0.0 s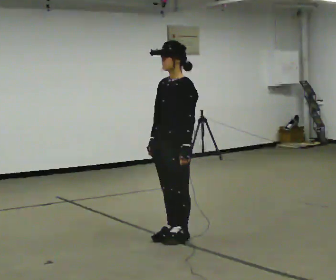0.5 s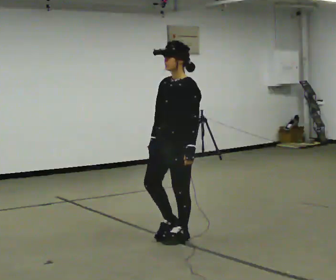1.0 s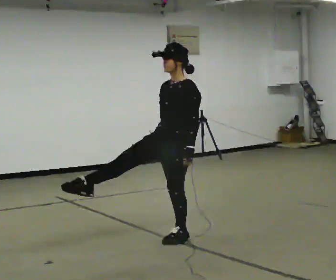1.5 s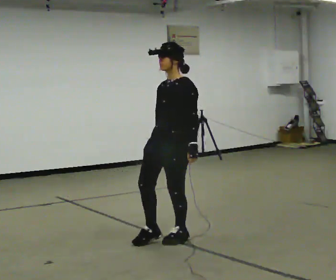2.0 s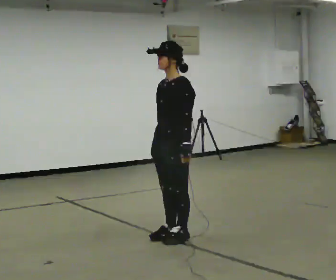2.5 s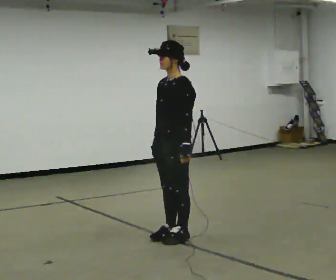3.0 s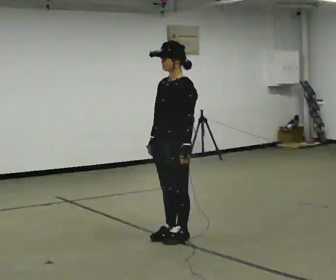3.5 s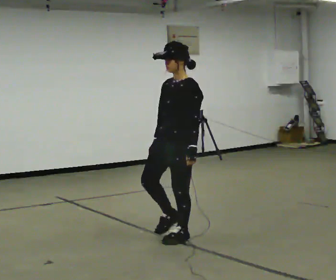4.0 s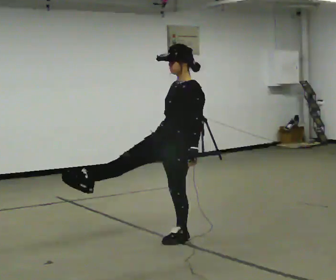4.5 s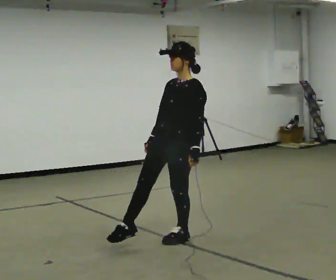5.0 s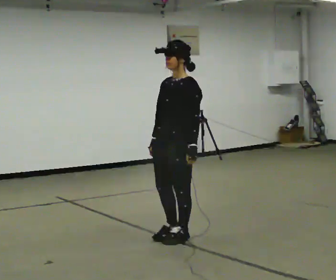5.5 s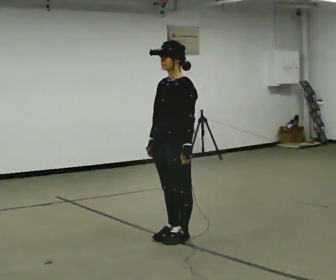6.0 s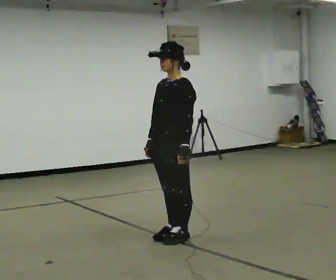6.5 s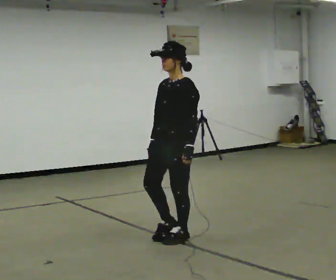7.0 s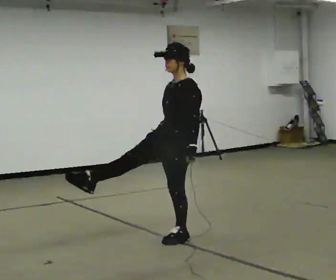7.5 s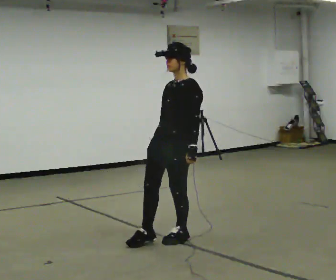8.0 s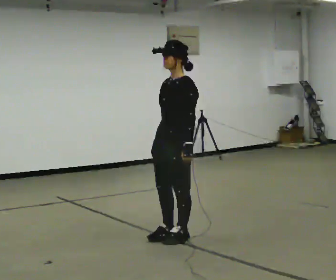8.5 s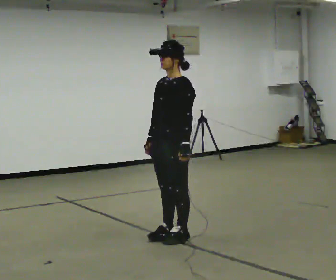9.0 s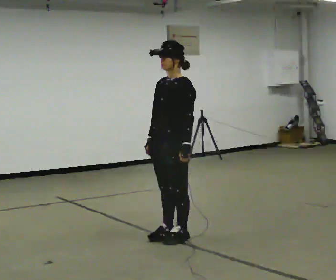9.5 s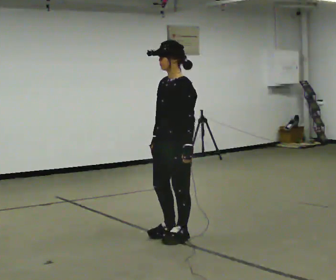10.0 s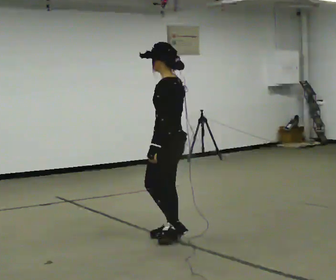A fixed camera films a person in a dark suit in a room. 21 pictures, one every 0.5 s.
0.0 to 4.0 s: The person moves a little, or ends about where they began.
4.0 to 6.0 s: In the picture their right hand goes to the left.
6.0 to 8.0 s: The person moves a little, or ends about where they began.
8.0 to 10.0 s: Seen from above the body turns clockwise, about 60 degrees: to their right, with its near side sliding to the left.
The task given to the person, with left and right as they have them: Kick into the air with each leg in turn, front kicks and side kicks, at a comfortable height. Repeat the movement at your own pace until the operator says stop; do not rush.
The film runs forward here.
